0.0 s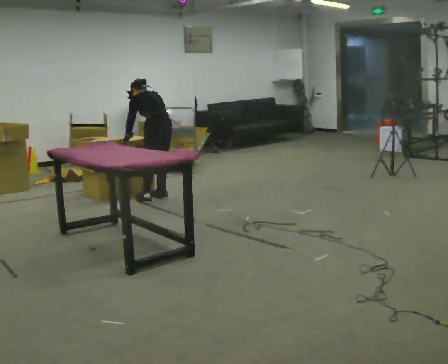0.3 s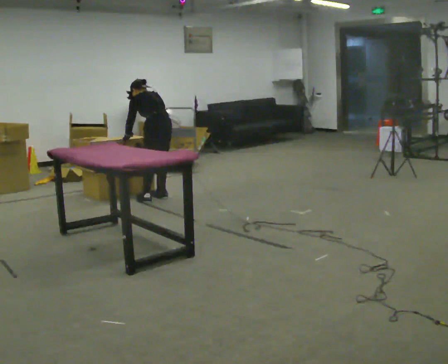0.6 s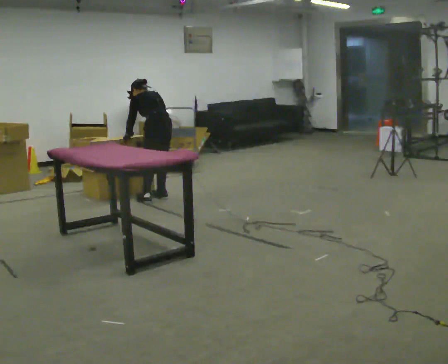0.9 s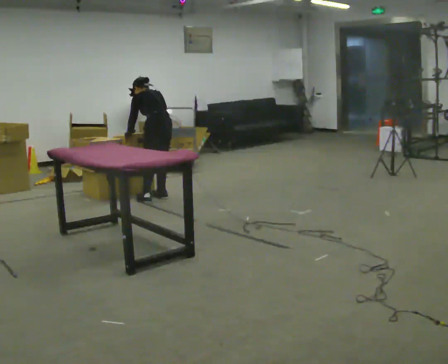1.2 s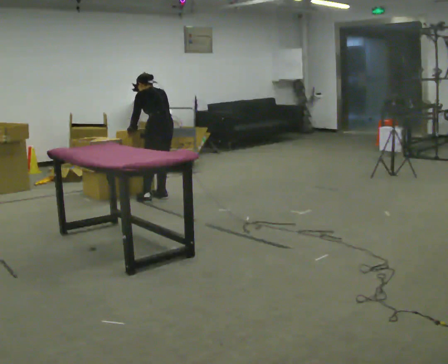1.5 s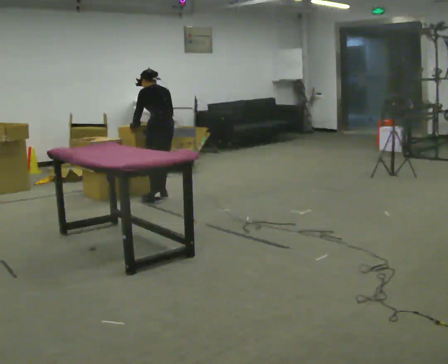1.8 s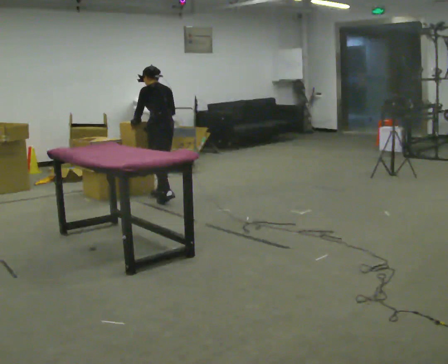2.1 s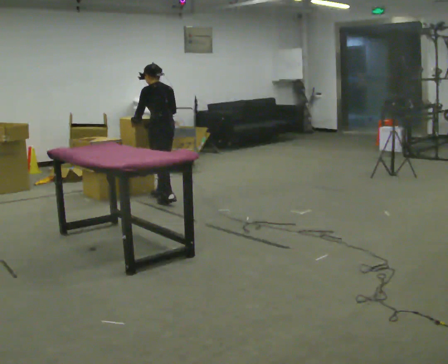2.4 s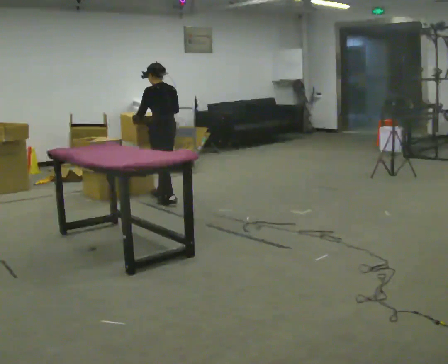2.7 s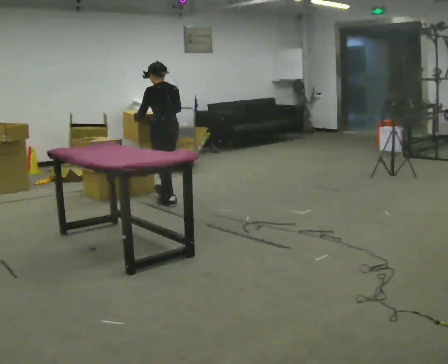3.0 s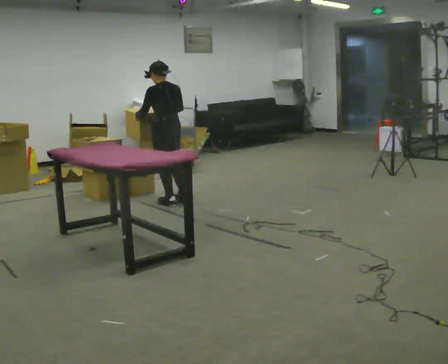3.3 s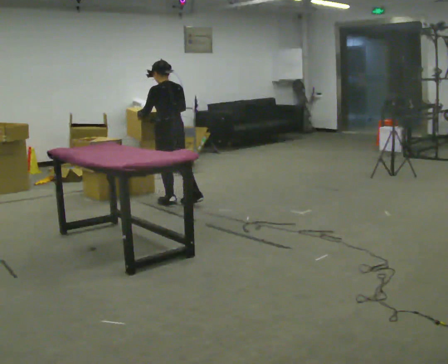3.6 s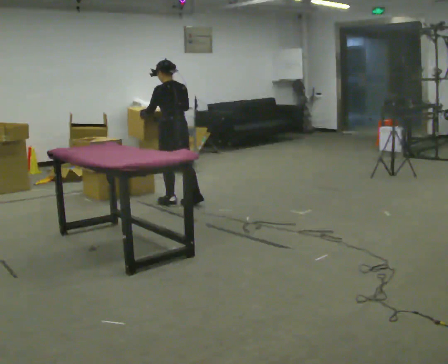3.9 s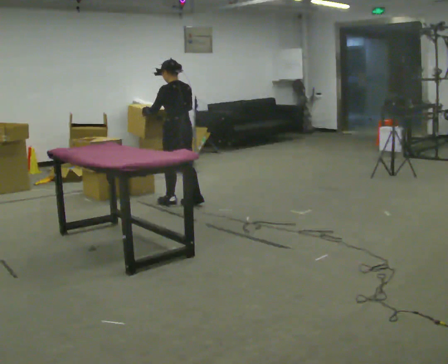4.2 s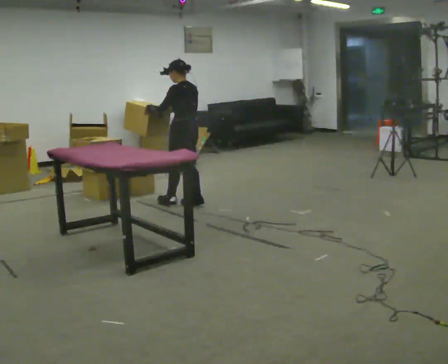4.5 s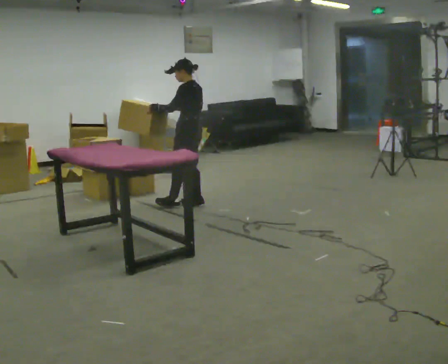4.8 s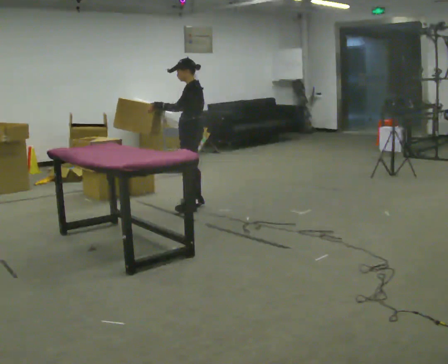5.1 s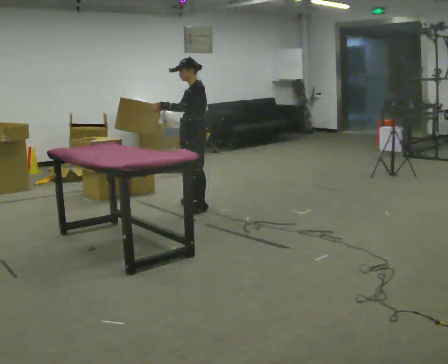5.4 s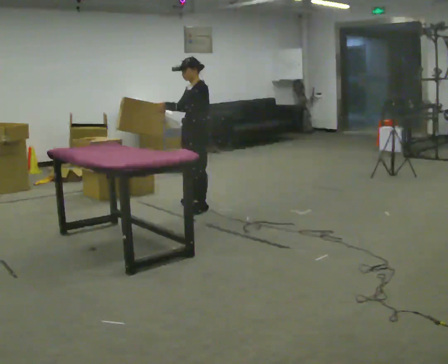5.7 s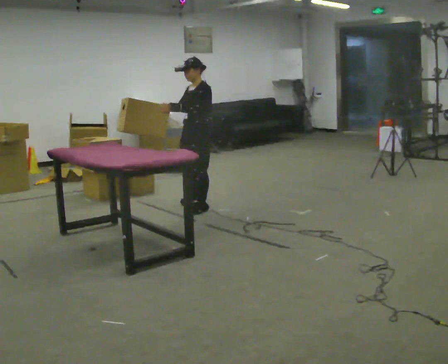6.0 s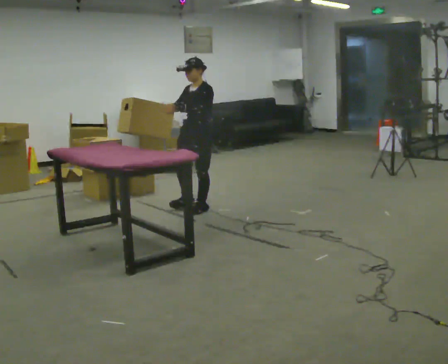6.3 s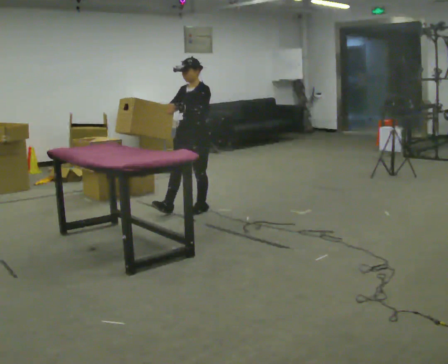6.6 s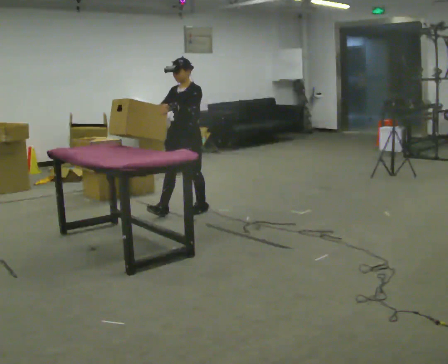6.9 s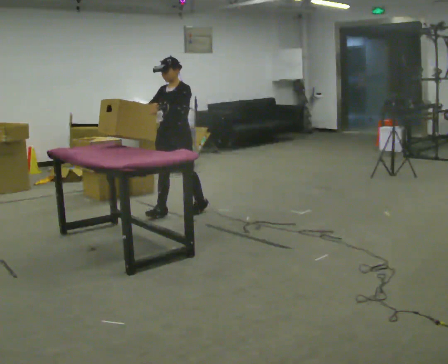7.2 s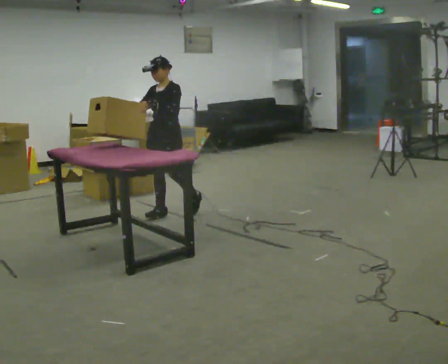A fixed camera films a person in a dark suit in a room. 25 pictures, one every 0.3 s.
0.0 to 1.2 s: The person moves a little, or ends about where they began.
1.2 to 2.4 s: In the picture they go toward the camera, about 0.25 m in 1 step, which for them is backward. The upper body tips toward the camera, its near side rolling downward, as they lean back or straighten.
2.4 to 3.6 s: The person moves a little, or ends about where they began.
3.6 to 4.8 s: The part of the body nearest the lens slides to the right as the person turns to their left by about 45 degrees. In the picture they go to the right, about 0.25 m, which for them is backward.
4.8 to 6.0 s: The person turns about 45 degrees to their left, counterclockwise seen from above, so the part of the body nearest the lens slides to the right. In the picture they go toward the camera, about 0.25 m in 1 step, which for them is to their left.
6.0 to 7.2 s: In the picture they go to the left, about 0.25 m in 1 step, which for them is forward and to their right.
The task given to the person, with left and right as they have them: Take boxes off the top of the stack one at a time and carry them away, walking back for each one. Keep going until the operator says stop; one object at a time, and do not rush between trips.
The film runs forward here.
